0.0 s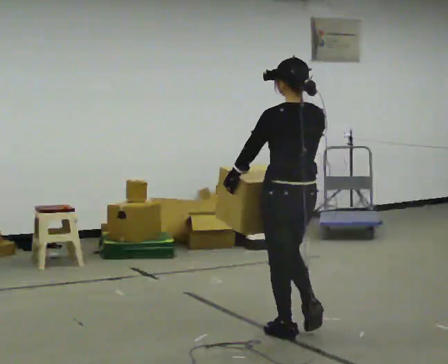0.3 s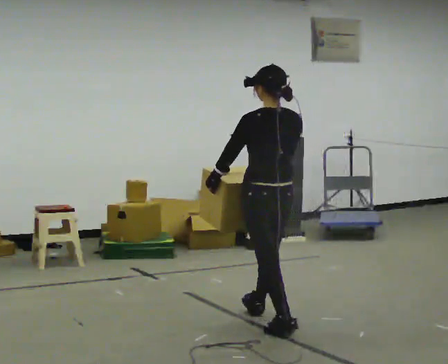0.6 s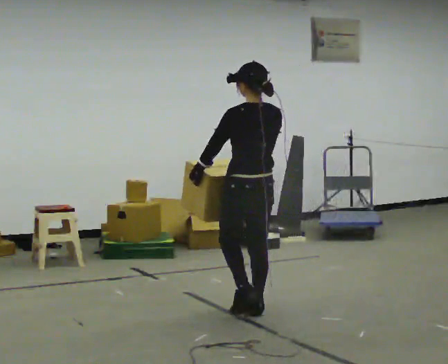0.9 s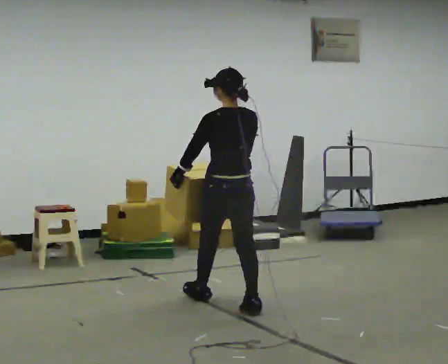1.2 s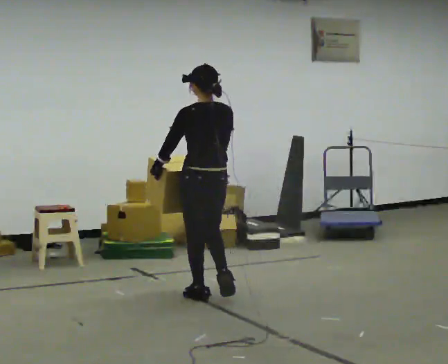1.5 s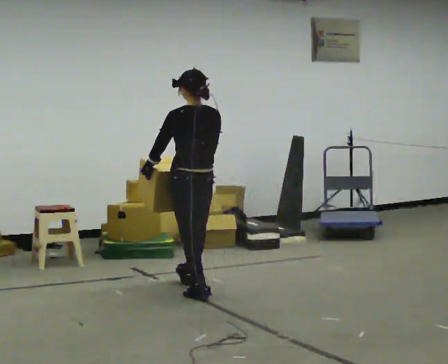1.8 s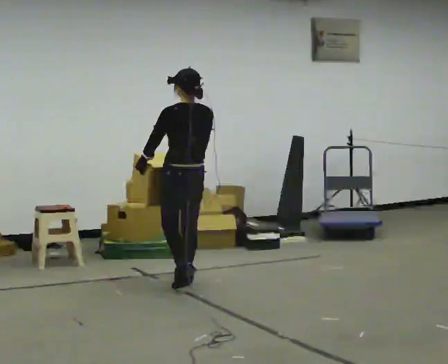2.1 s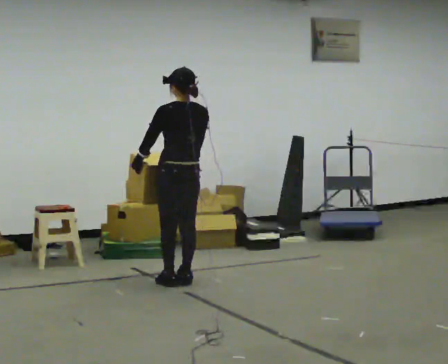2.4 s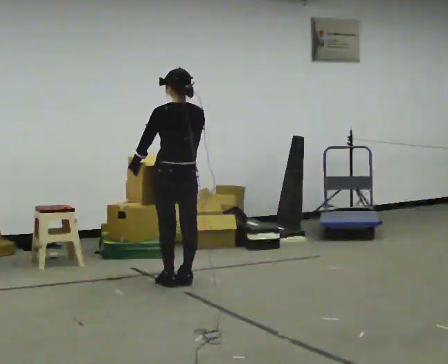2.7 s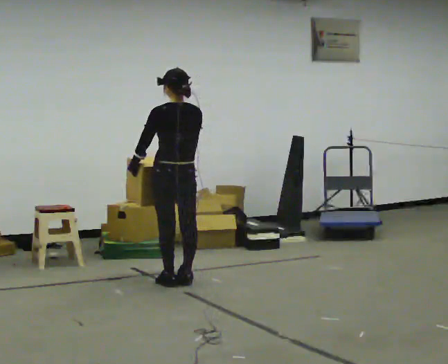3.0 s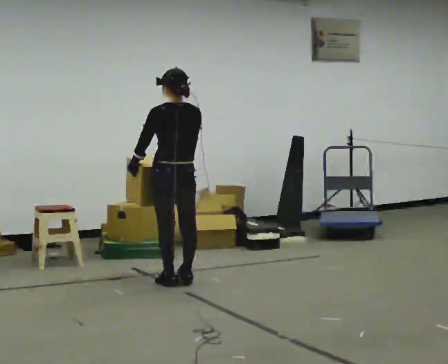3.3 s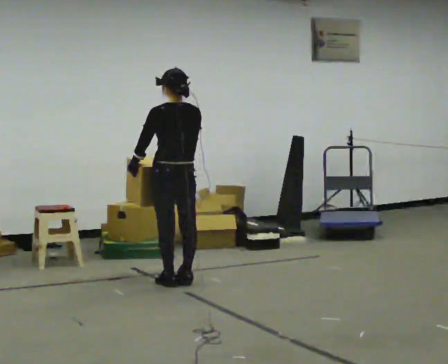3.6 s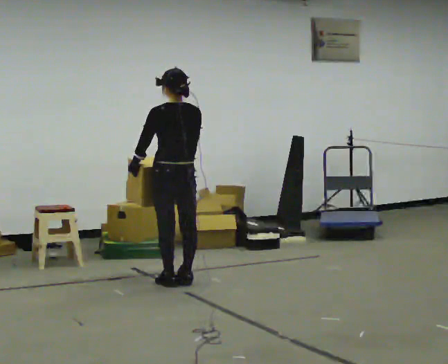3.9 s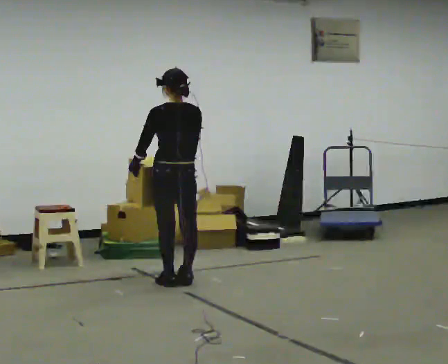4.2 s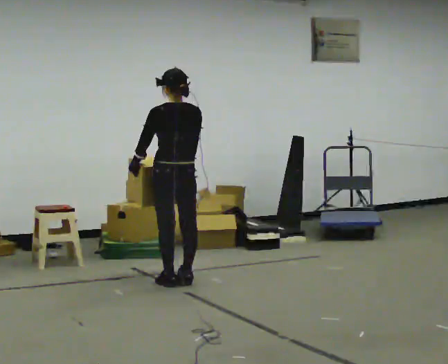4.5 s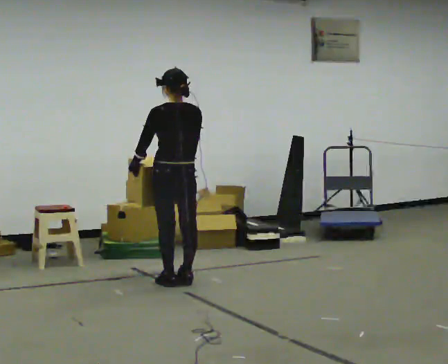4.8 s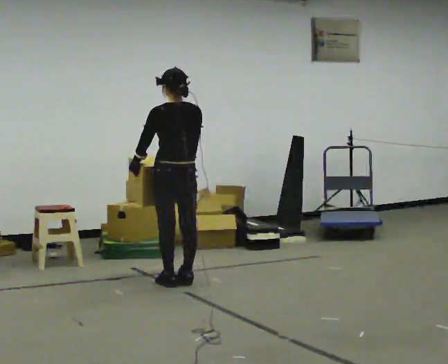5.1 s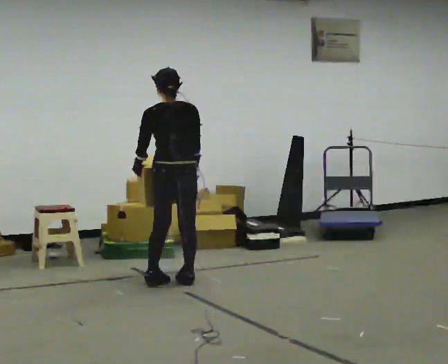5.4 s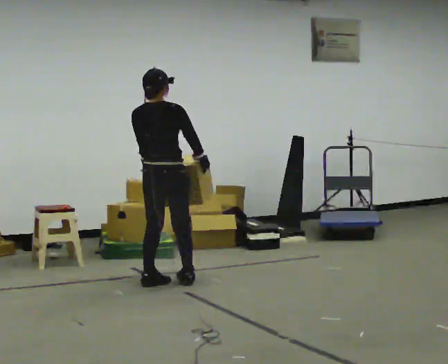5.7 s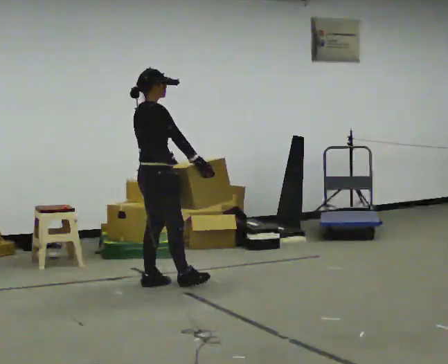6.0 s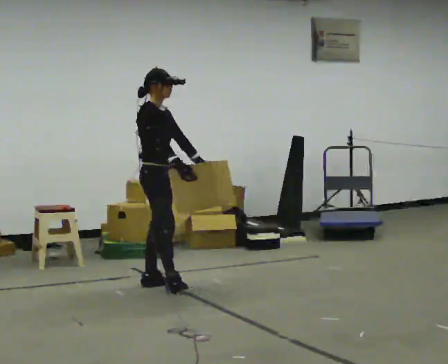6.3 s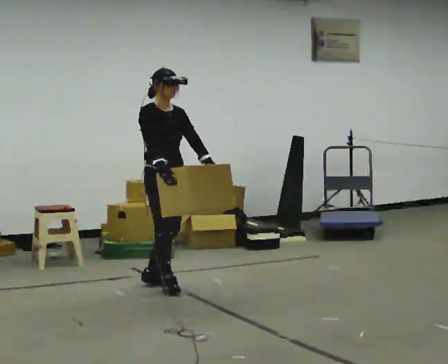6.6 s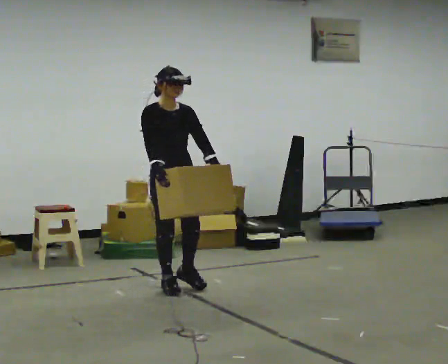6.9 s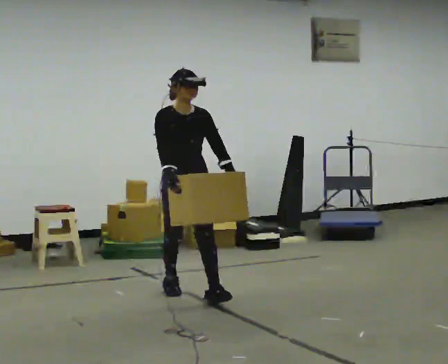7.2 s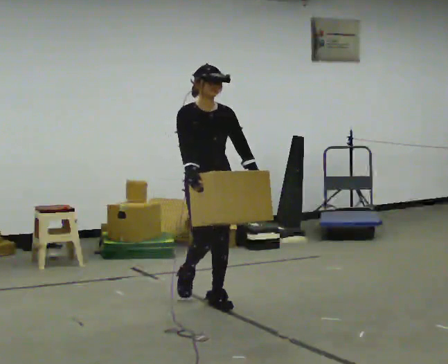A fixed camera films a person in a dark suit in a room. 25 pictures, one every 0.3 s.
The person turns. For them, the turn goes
to their right.
The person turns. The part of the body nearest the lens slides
to the left.
0.0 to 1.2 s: In the picture they go away from the camera and to the left, about 1 m in 2 steps, which for them is forward.
1.2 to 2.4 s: In the picture they go away from the camera and to the left, about 0.5 m in 2 steps, which for them is forward.
2.4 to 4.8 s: The person keeps their place and pose.
4.8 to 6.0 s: The person turns about 135 degrees to their right, clockwise seen from above, so the part of the body nearest the lens slides to the left. In the picture they go to the left, about 0.25 m in 2 steps.
6.0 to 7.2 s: Seen from above the body turns clockwise, about 45 degrees: to their right, with its near side sliding to the left. In the picture they go toward the camera and to the right, about 0.75 m in 1 step, which for them is forward.
The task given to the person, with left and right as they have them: Carry the medium box in both hands in front of you, walking back and forth across the room. Keep walking until the operator says stop.
The film runs forward here.
